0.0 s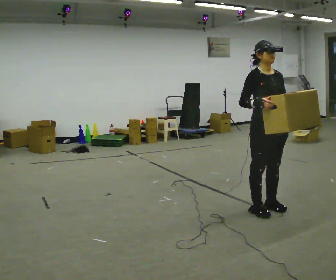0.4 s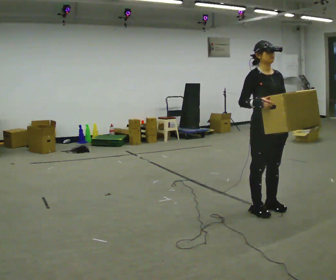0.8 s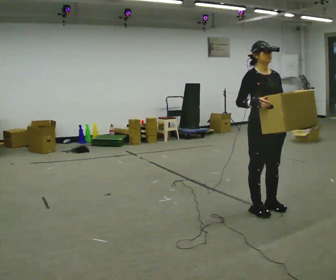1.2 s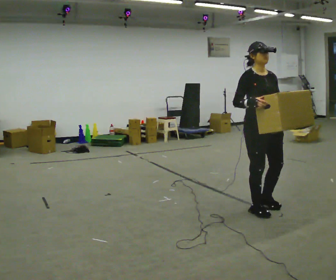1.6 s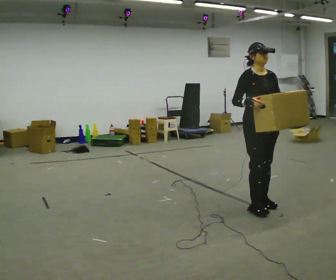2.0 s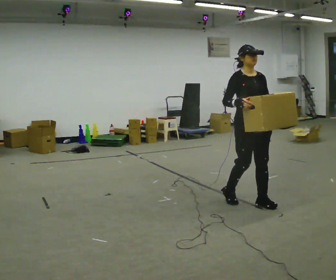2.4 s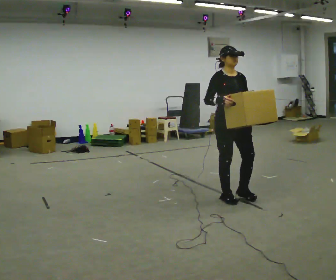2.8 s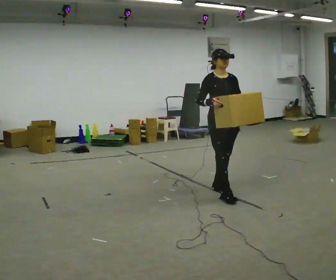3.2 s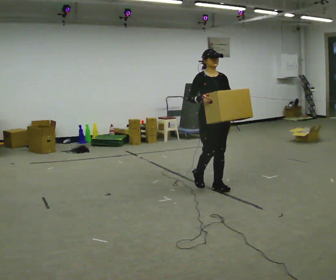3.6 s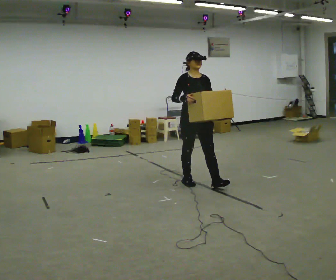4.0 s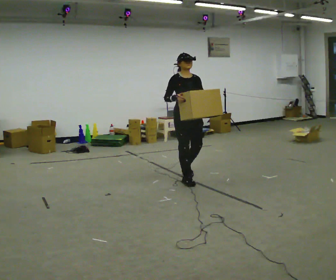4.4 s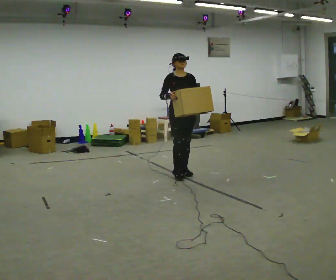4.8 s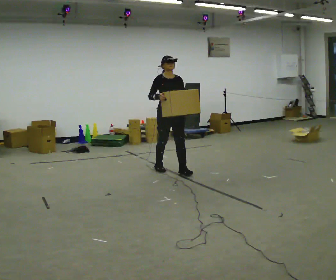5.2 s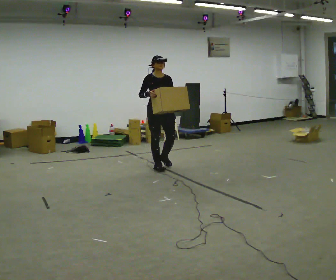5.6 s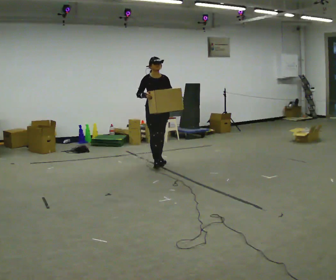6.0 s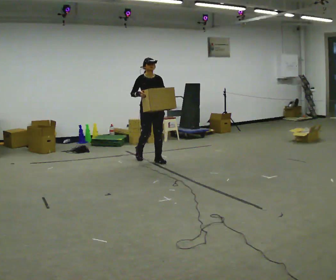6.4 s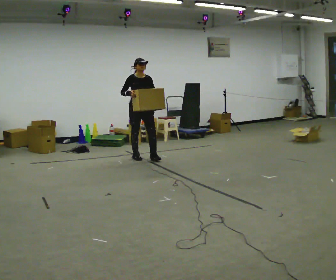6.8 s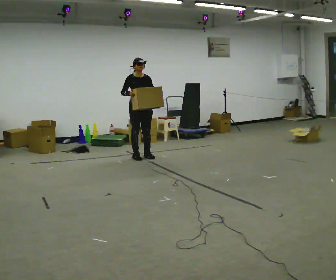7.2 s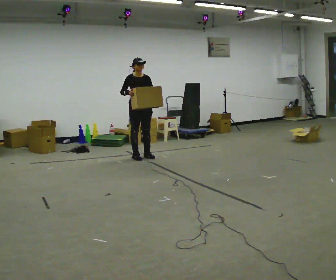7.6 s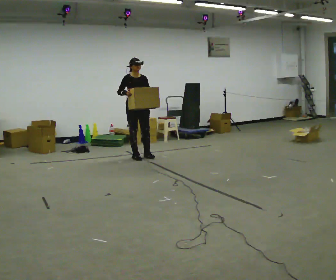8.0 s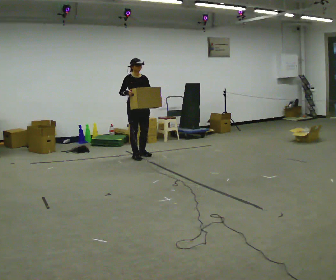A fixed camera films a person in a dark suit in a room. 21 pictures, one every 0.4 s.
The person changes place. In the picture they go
away from the camera.
0.0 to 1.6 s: In the picture they go away from the camera, about 0.25 m in 1 step, which for them is backward.
1.6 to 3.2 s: In the picture they go away from the camera and to the left, about 1 m in 2 steps, which for them is backward.
3.2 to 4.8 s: In the picture they go away from the camera and to the left, about 1 m in 2 steps, which for them is backward.
4.8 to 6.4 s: In the picture they go away from the camera and to the left, about 1 m in 3 steps, which for them is backward.
6.4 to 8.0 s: In the picture they go away from the camera, about 0.25 m, which for them is backward.
The film runs backward here.
